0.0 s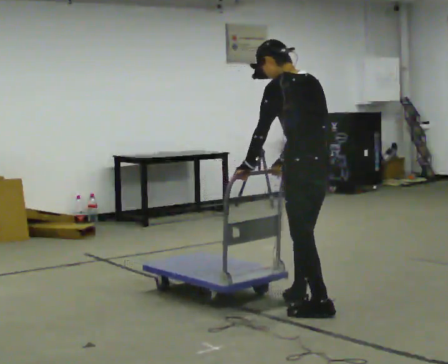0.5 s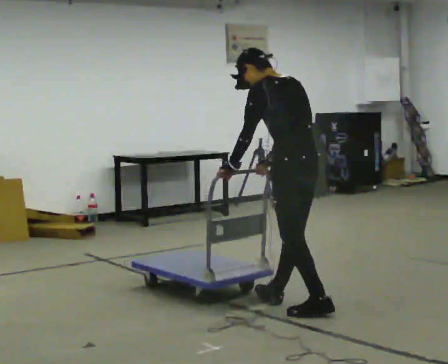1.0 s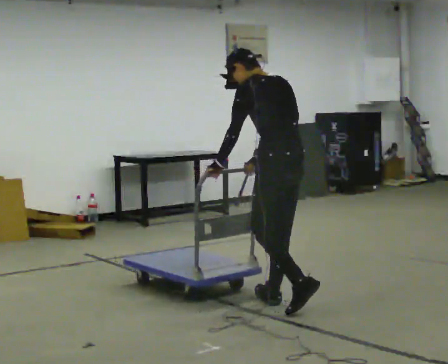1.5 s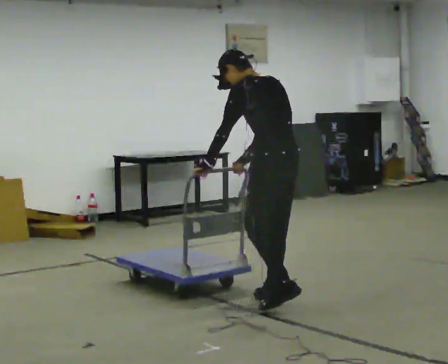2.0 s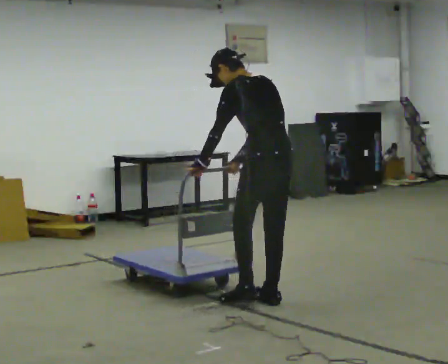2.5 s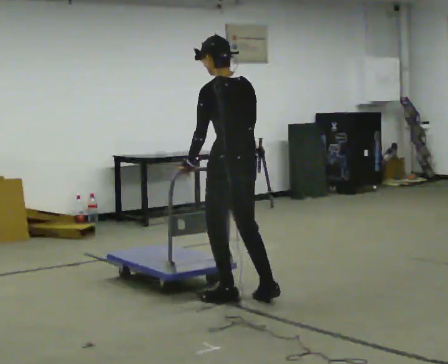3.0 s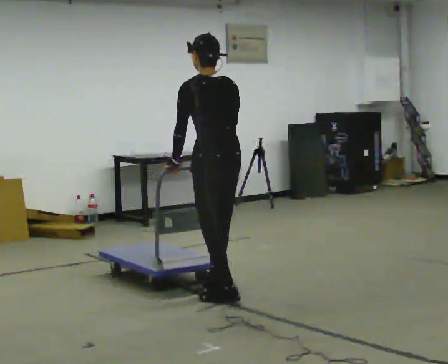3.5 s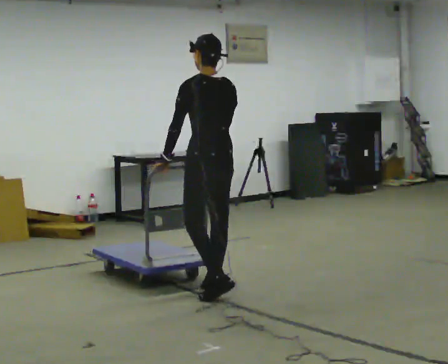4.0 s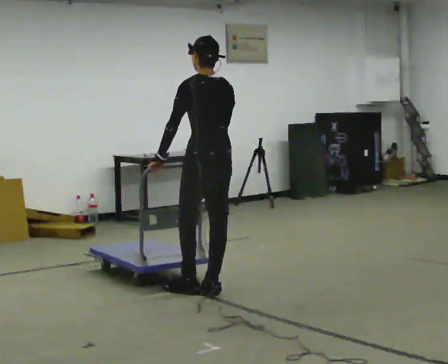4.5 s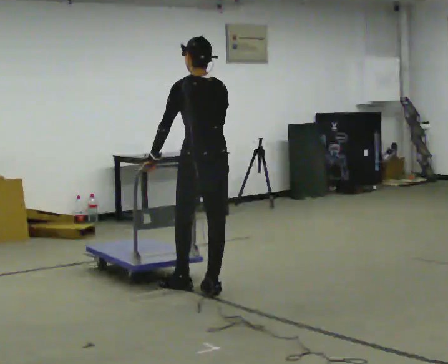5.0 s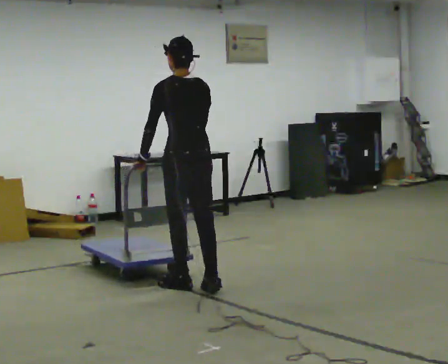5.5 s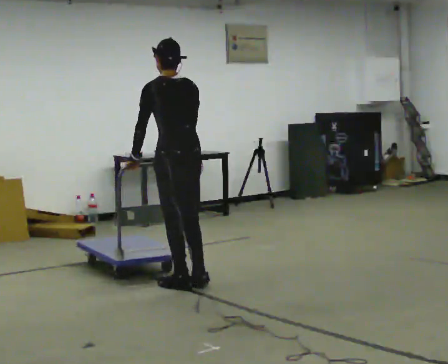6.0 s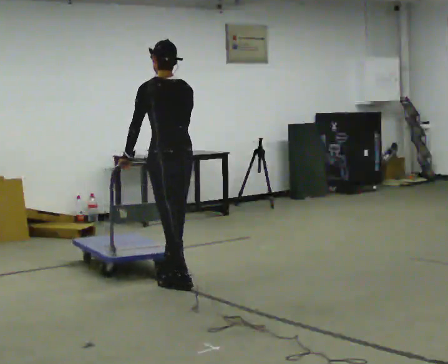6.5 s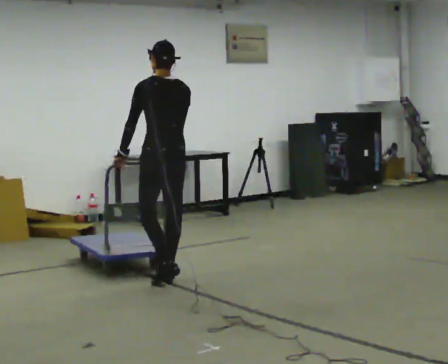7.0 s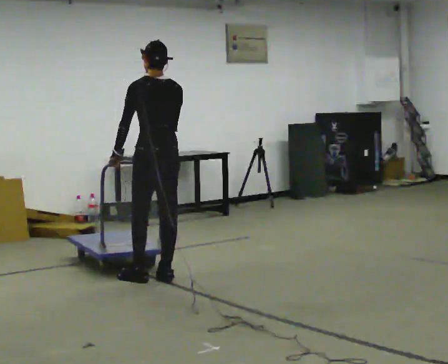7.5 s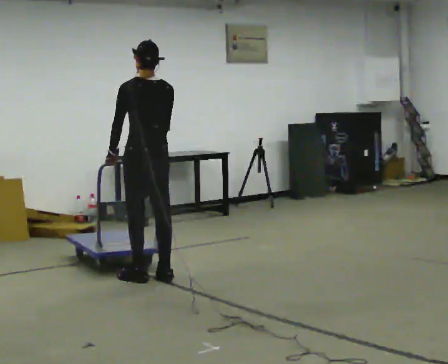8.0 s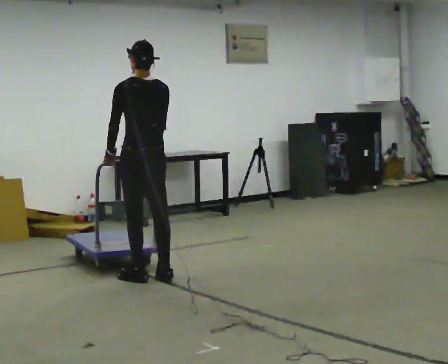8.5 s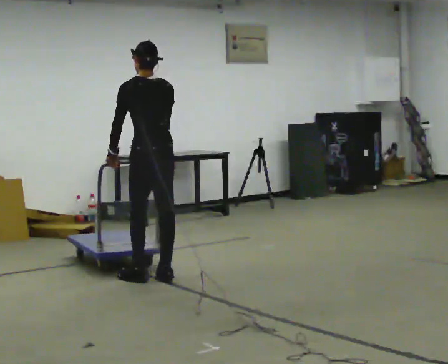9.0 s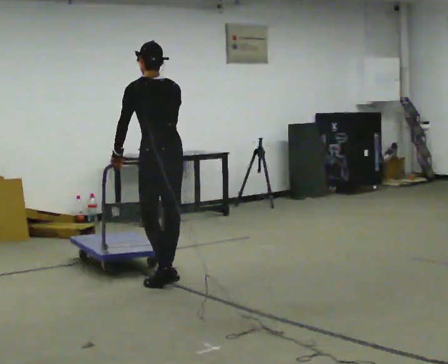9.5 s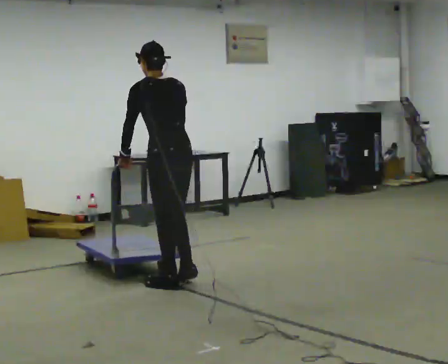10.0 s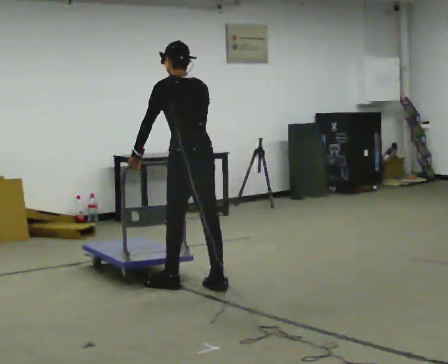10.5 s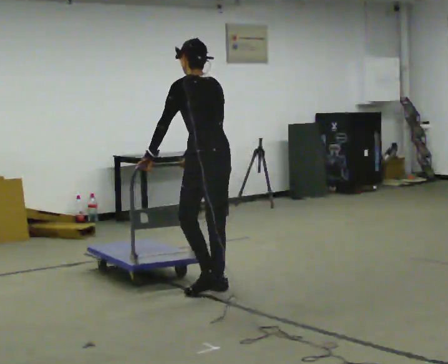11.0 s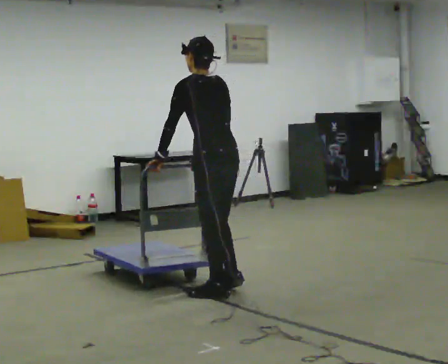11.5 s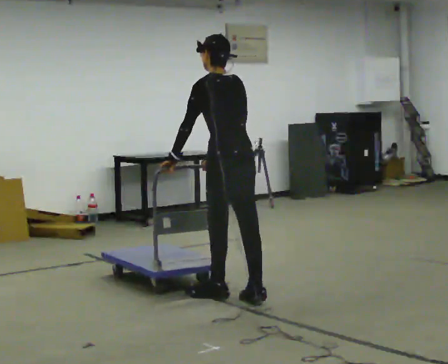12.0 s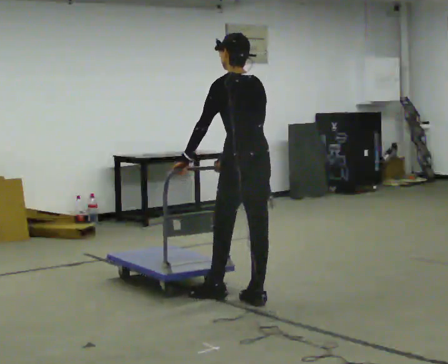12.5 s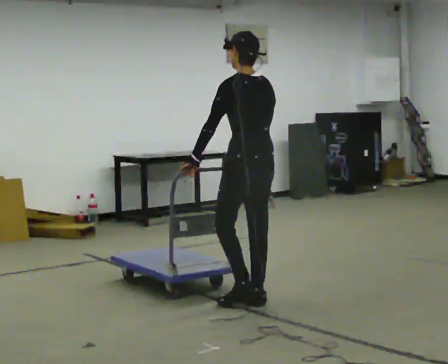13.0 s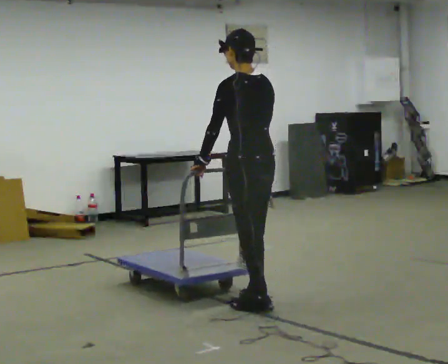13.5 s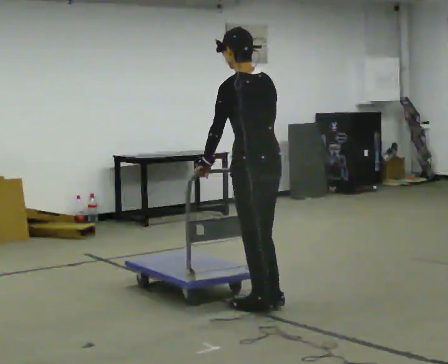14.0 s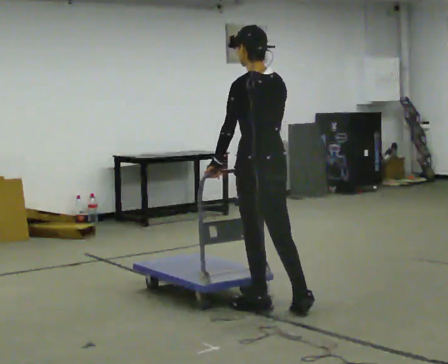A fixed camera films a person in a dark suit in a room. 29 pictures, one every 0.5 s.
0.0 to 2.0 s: In the picture they go away from the camera and to the left, about 0.25 m in 1 step, which for them is forward.
2.0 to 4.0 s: In the picture they go away from the camera and to the left, about 0.5 m in 2 steps, which for them is forward. In the picture the upper body tilts clockwise, shoulders to the right.
4.0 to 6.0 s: In the picture they go to the left and away from the camera, about 0.25 m in 1 step, which for them is forward and to their left.
6.0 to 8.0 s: In the picture they go away from the camera and to the left, about 0.25 m in 1 step, which for them is forward.
8.0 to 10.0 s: In the picture they go to the right and toward the camera, about 0.5 m in 2 steps, which for them is backward.
10.0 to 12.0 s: In the picture they go toward the camera and to the right, about 0.5 m in 2 steps, which for them is backward.
12.0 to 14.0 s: In the picture they go toward the camera, about 0.25 m in 2 steps, which for them is backward and to their left.
The film runs backward here.
